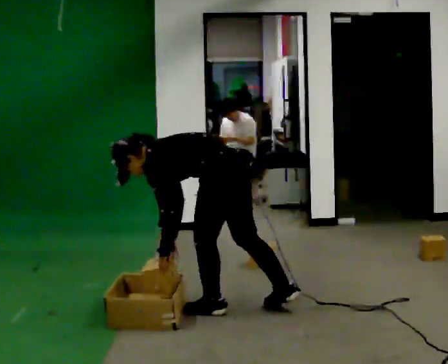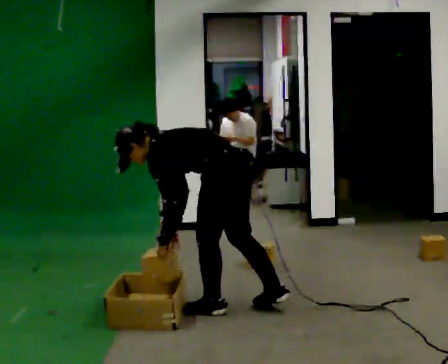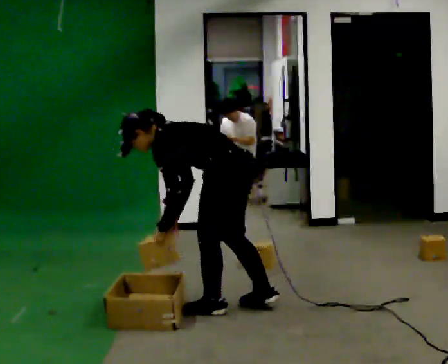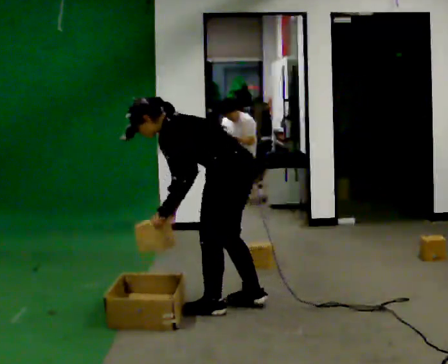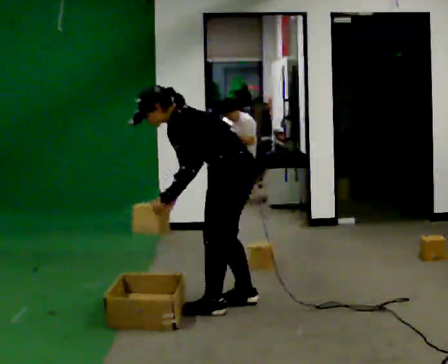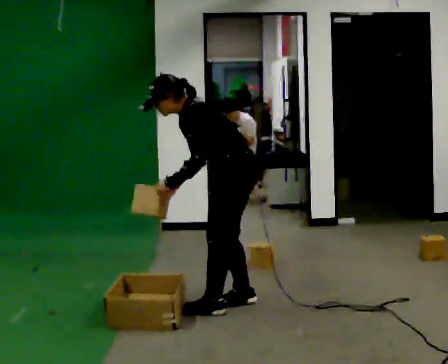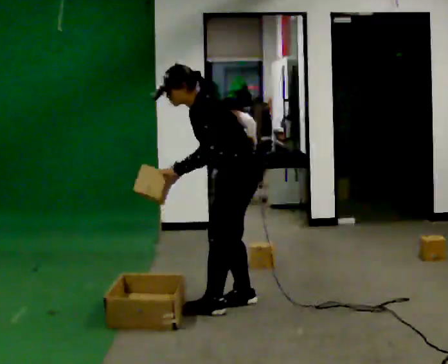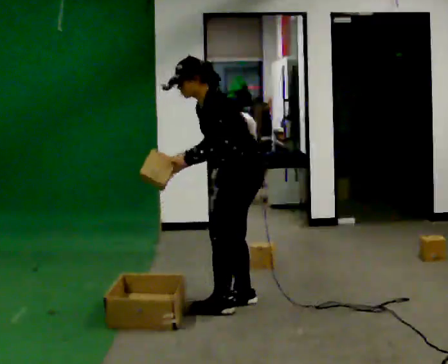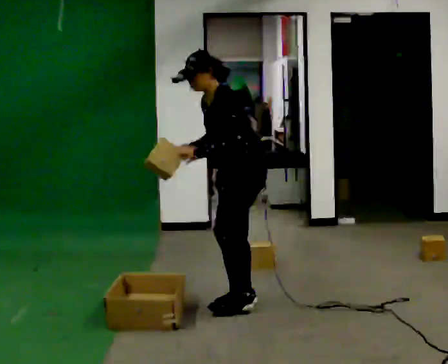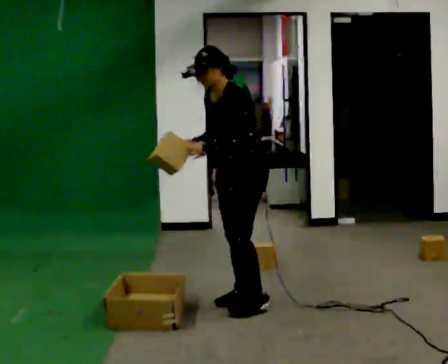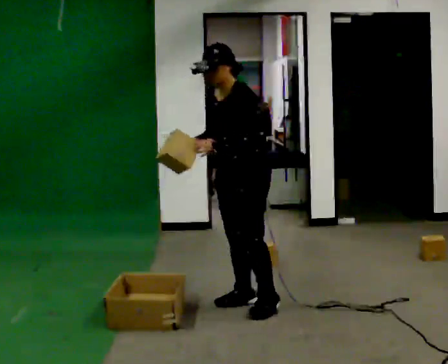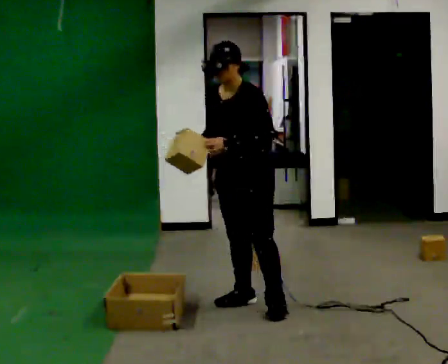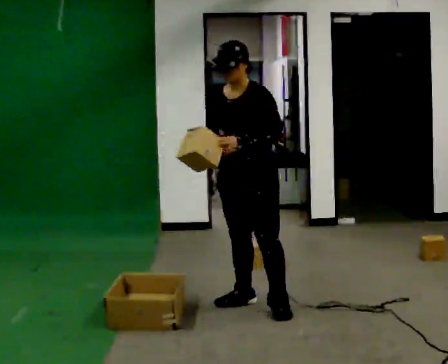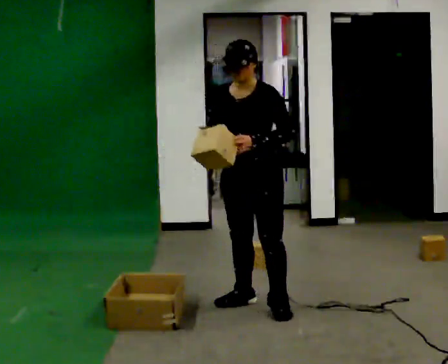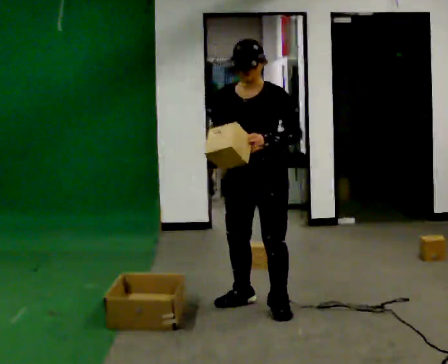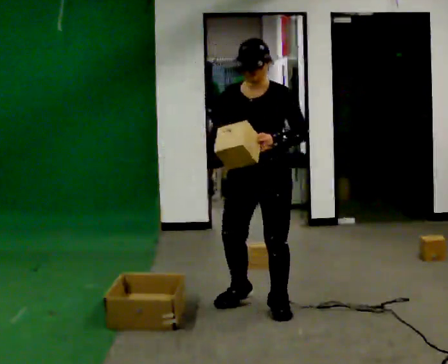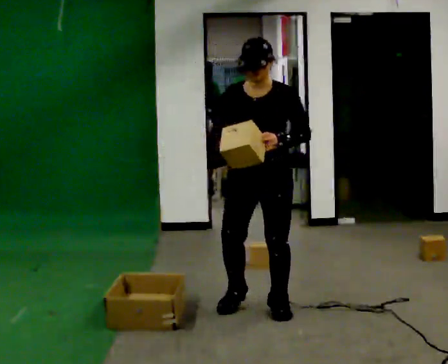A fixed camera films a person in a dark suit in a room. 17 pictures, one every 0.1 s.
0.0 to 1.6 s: The person turns about 90 degrees to their left, counterclockwise seen from above, so the part of the body nearest the lens slides to the right. In the picture they go to the right, about 0.25 m in 2 steps. The shoulders move upward. In the picture the upper body tilts clockwise, shoulders to the right, as they lean back or straighten. In the picture their right hand goes upward and to the right.
The film runs forward here.
